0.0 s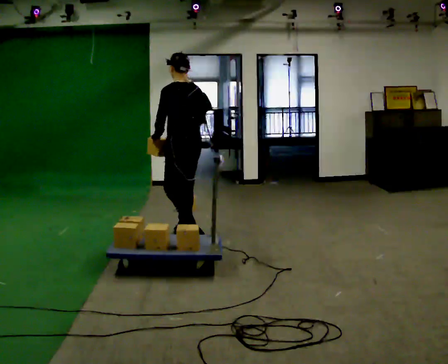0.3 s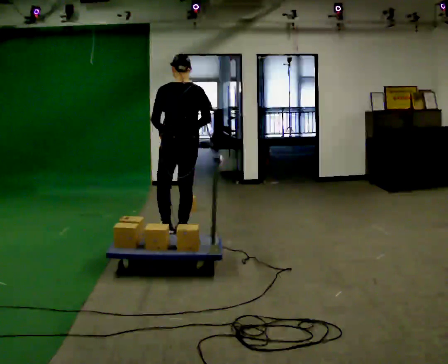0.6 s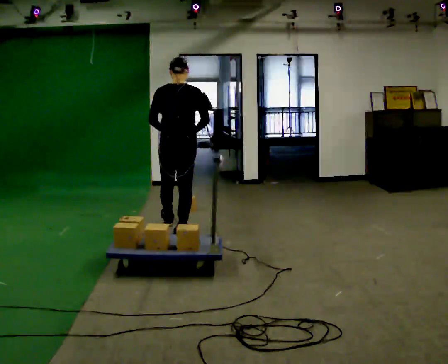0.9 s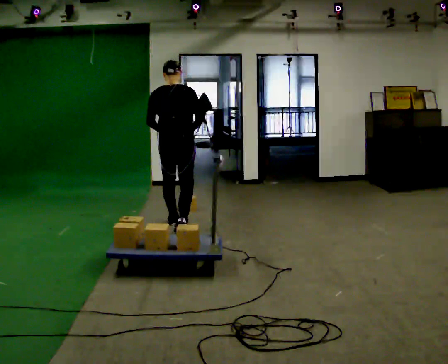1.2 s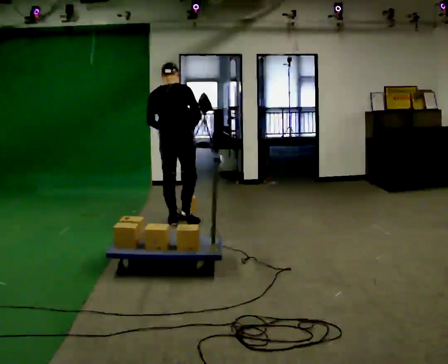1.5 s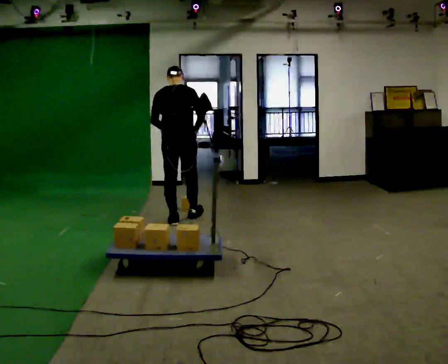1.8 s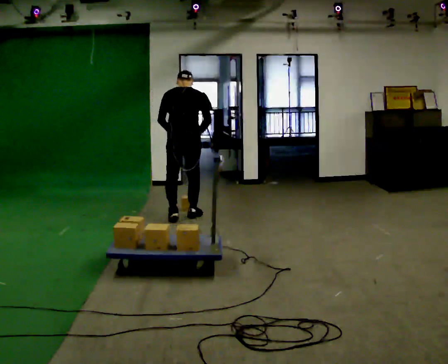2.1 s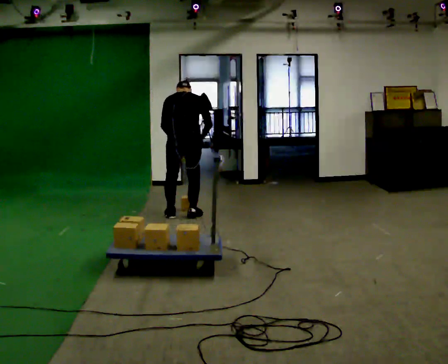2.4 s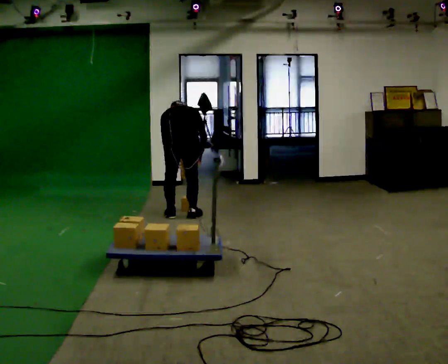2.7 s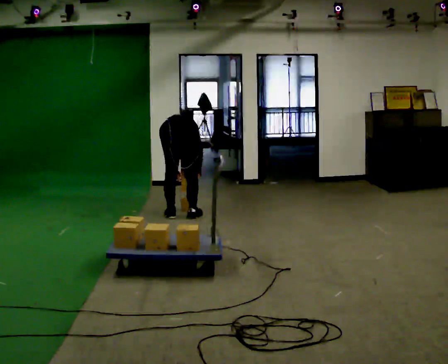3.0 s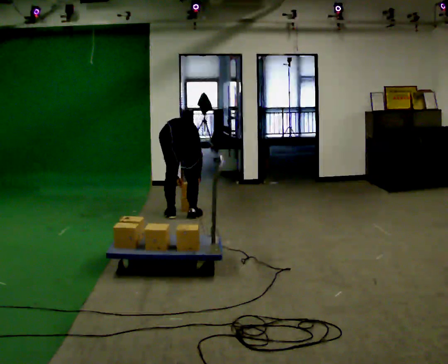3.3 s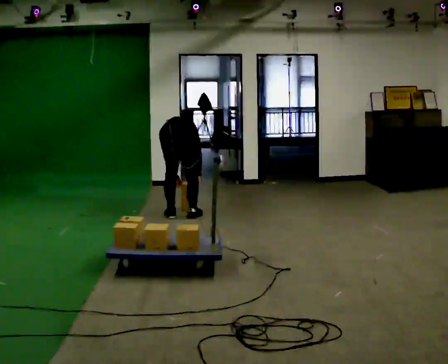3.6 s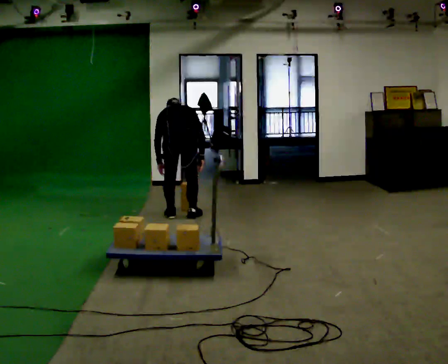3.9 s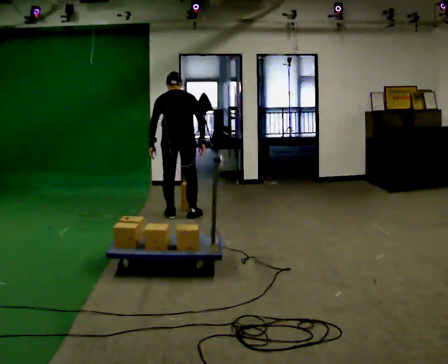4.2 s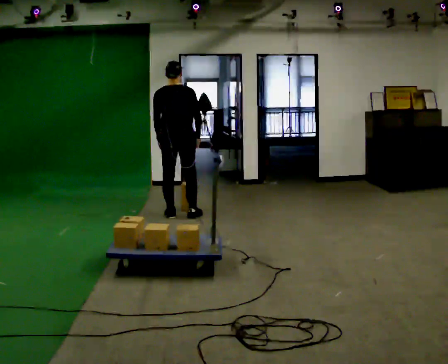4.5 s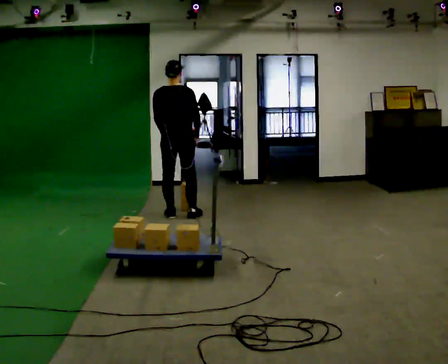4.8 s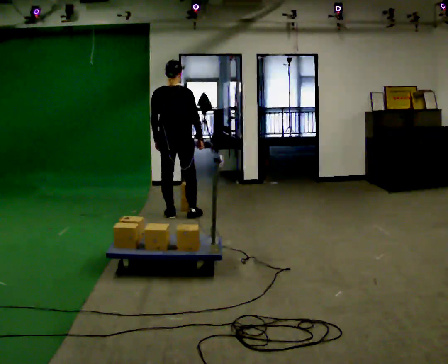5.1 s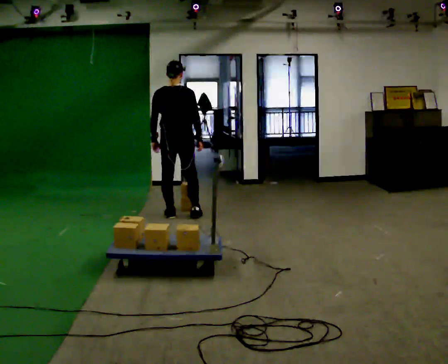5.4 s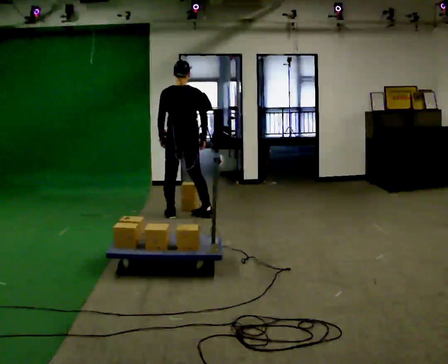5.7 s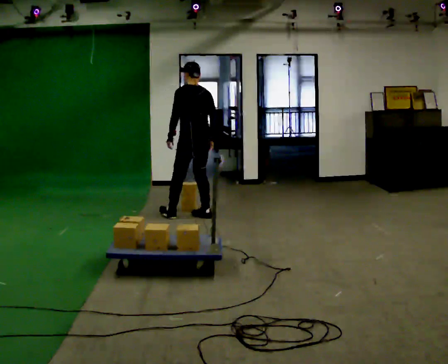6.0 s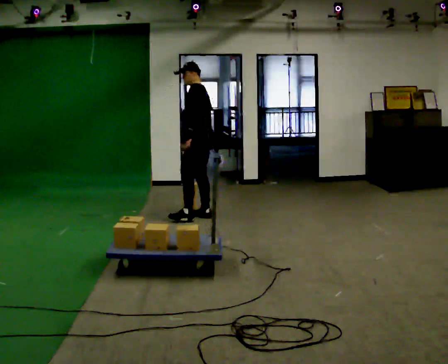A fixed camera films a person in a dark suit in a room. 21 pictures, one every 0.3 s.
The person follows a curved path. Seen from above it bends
clockwise.
The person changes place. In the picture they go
away from the camera.
0.0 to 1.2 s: The part of the body nearest the lens slides to the left as the person turns to their right by about 60 degrees. In the picture they go away from the camera, about 0.5 m in 1 step.
1.2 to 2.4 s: In the picture they go away from the camera, about 0.25 m in 2 steps, which for them is forward. The upper body goes downward. The upper body tips away from the camera, its near side rolling upward, as they bend forward. In the picture their left hand goes downward.
2.4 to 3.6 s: The person moves a little, or ends about where they began.
3.6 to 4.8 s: The shoulders move upward. The upper body tips toward the camera, its near side rolling downward, as they lean back or straighten.
4.8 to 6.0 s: The person turns about 90 degrees to their left, counterclockwise seen from above, so the part of the body nearest the lens slides to the right. In the picture they go to the right, about 0.25 m in 1 step.
The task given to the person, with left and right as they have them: Load the boxes onto the cart one at a time, then take them all off again. The cart stays where it is. Keep going until the operator says stop; one object at a time, and do not rush between trips.
The film runs forward here.
